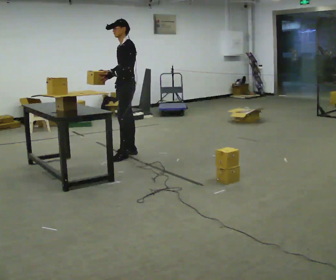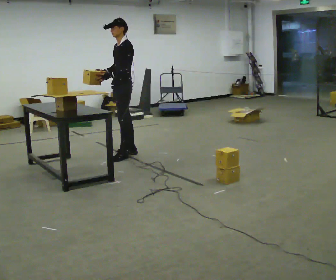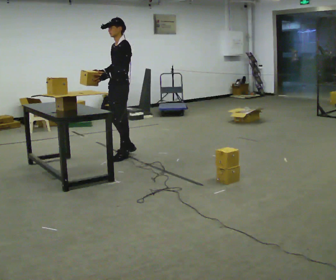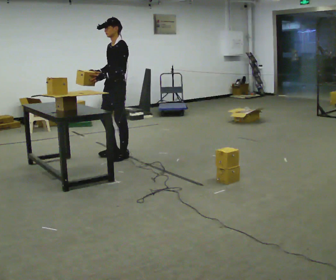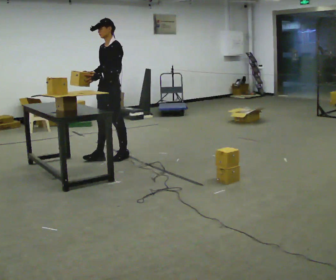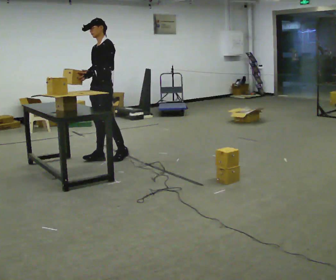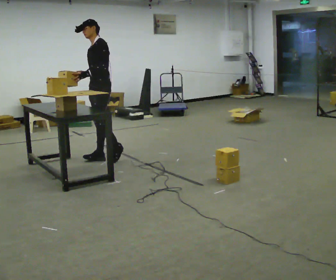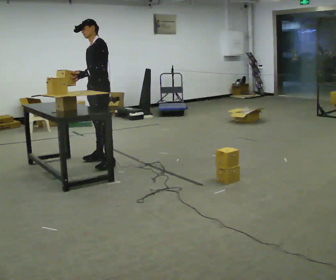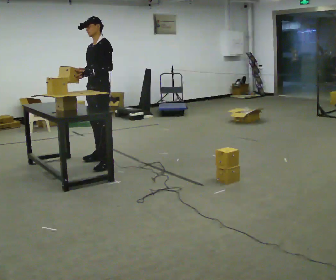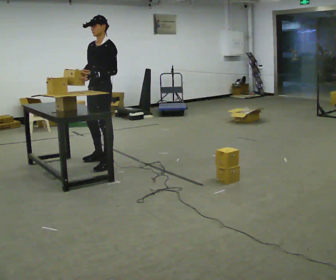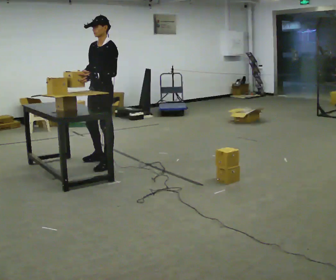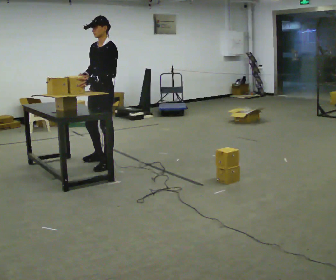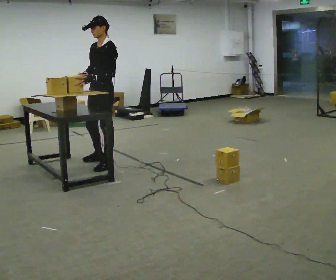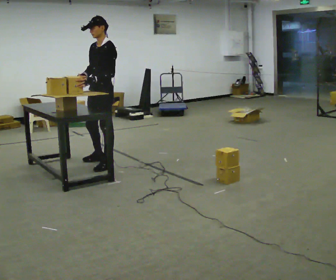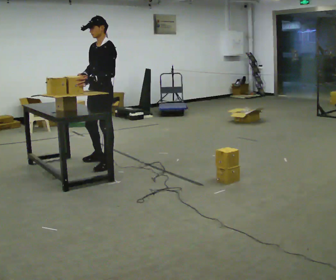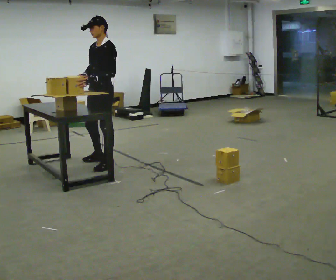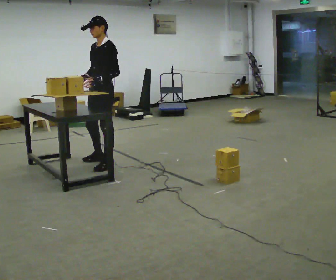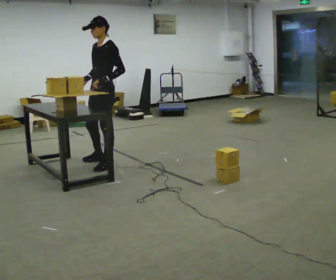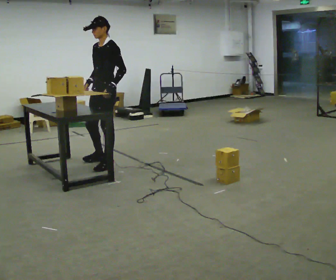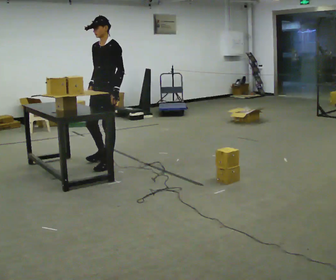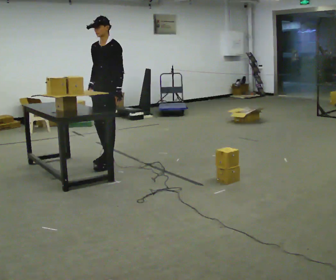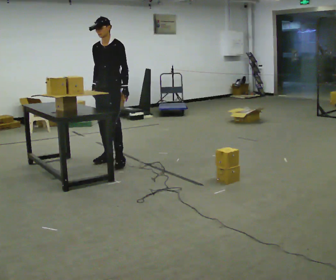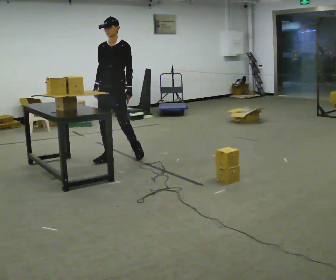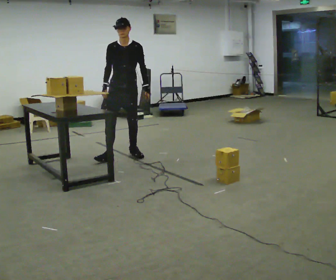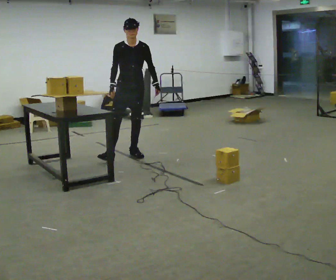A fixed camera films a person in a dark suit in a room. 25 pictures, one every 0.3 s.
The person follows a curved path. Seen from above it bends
counterclockwise.
0.0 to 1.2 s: In the picture they go to the left, about 0.25 m in 1 step, which for them is forward.
1.2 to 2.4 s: In the picture they go toward the camera, about 0.25 m in 1 step, which for them is forward.
2.4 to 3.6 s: In the picture they go toward the camera, about 0.25 m, which for them is to their left.
3.6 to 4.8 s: The person moves a little, or ends about where they began.
4.8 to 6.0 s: In the picture they go away from the camera, about 0.25 m, which for them is to their right and backward.
6.0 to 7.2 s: The person turns about 45 degrees to their left, counterclockwise seen from above, so the part of the body nearest the lens slides to the right. In the picture they go to the right and away from the camera, about 0.25 m in 1 step, which for them is backward.
The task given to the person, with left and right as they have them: Carry the object over and set it down on the wobbly board without tipping it over. Keep going until the operator says stop; one object at a time, and do not rush between trips.
The film runs forward here.
